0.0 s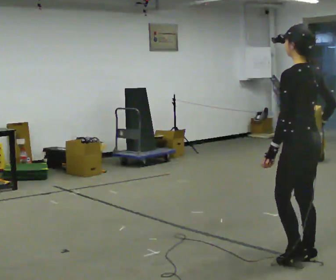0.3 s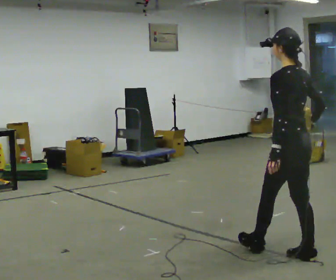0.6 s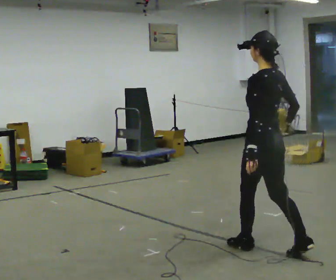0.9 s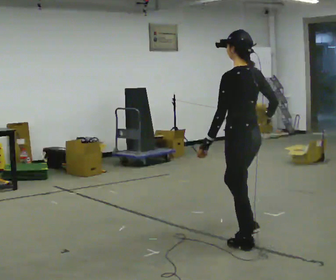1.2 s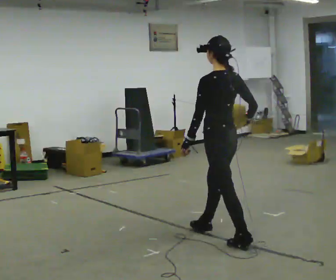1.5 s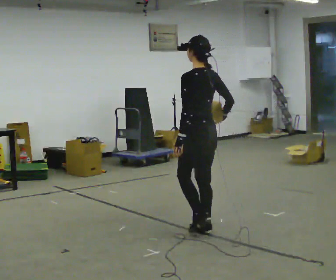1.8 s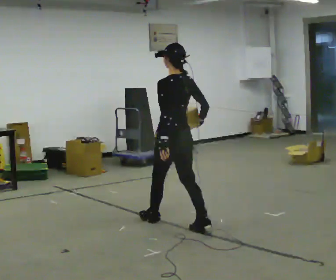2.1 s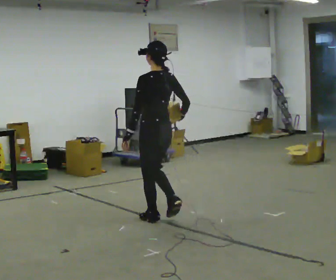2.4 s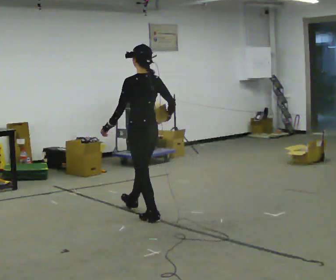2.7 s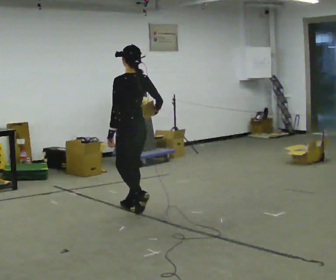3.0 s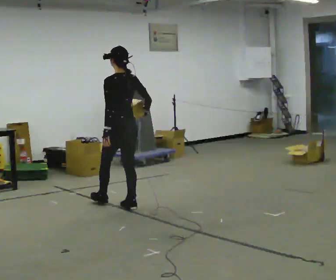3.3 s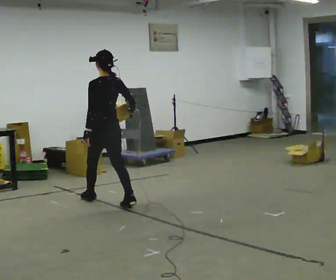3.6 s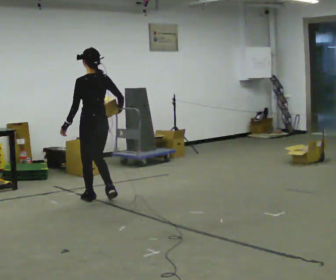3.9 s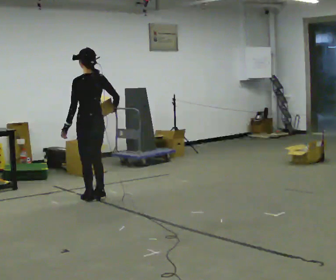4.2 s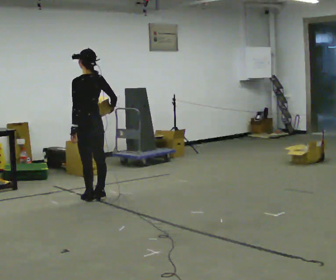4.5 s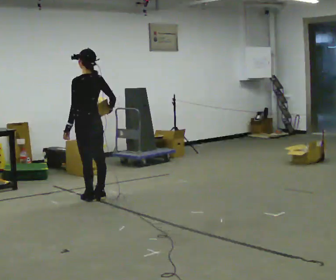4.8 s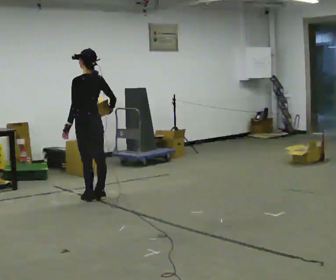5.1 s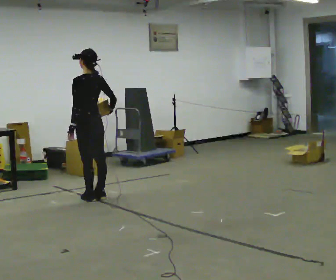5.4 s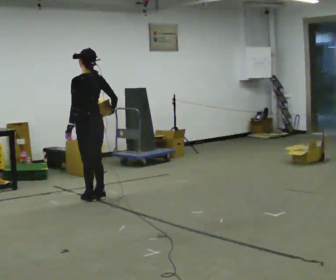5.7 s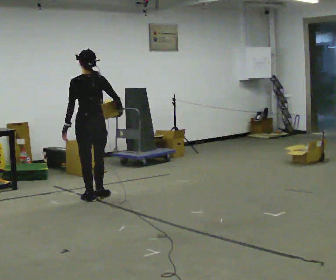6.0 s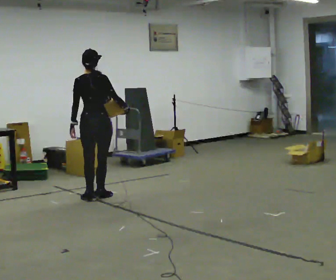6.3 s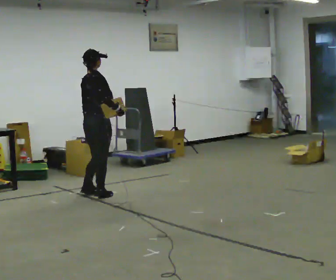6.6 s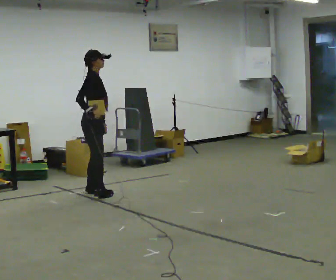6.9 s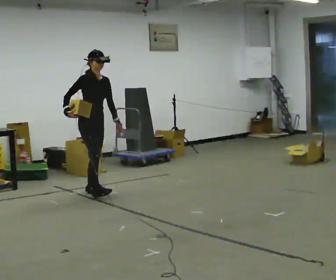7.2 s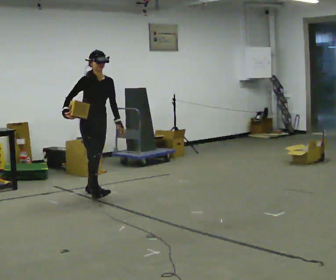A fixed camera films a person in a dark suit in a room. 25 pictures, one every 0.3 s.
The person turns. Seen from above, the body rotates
clockwise.
The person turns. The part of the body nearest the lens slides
to the left.
0.0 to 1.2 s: In the picture they go away from the camera and to the left, about 1 m in 2 steps, which for them is forward.
1.2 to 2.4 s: In the picture they go away from the camera and to the left, about 1 m in 1 step, which for them is forward.
2.4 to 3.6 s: In the picture they go away from the camera and to the left, about 1 m in 2 steps, which for them is forward.
3.6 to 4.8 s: The person moves a little, or ends about where they began.
4.8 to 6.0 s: Seen from above the body turns clockwise, about 60 degrees: to their right, with its near side sliding to the left.
6.0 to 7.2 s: Seen from above the body turns clockwise, about 135 degrees: to their right, with its near side sliding to the left. In the picture they go away from the camera, about 0.25 m in 1 step. In the picture their right hand goes to the left, the arm swinging clockwise.
The film runs forward here.
